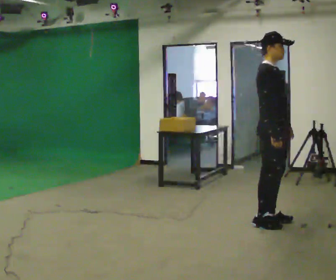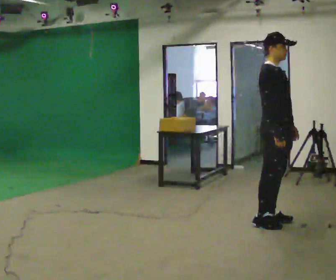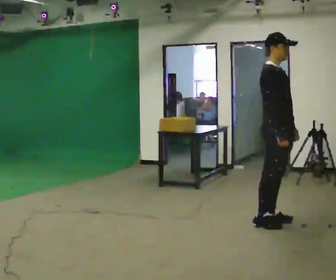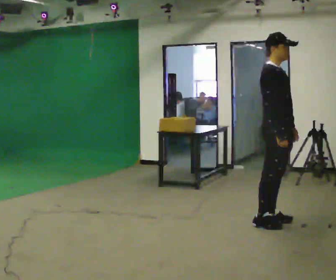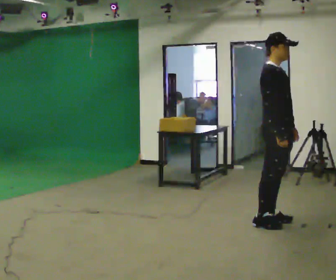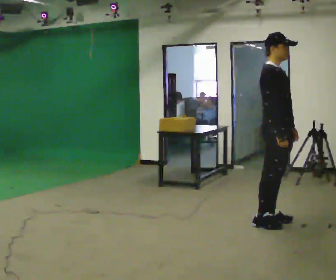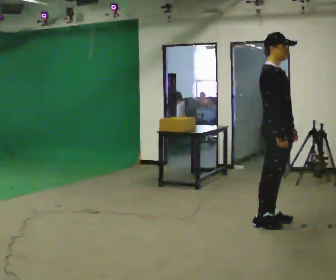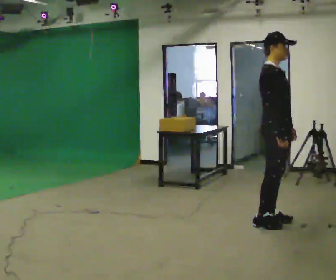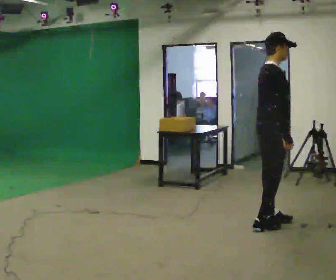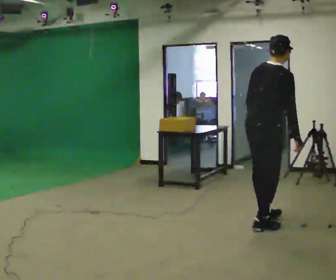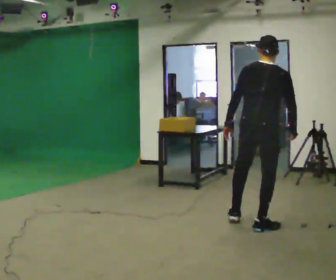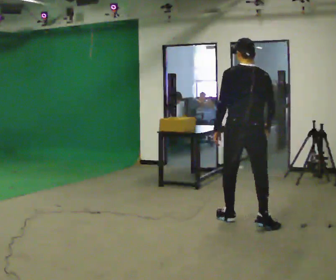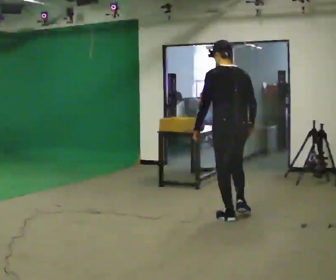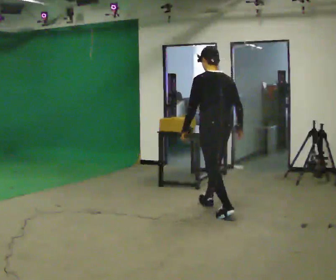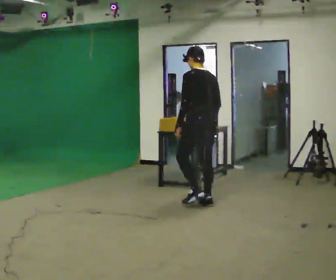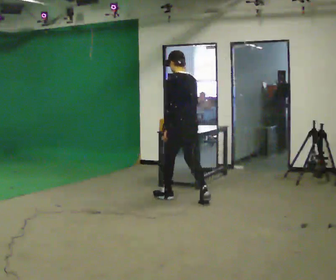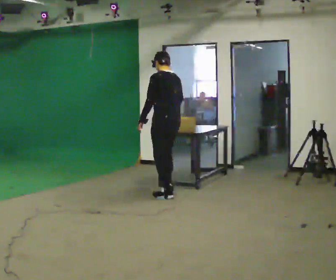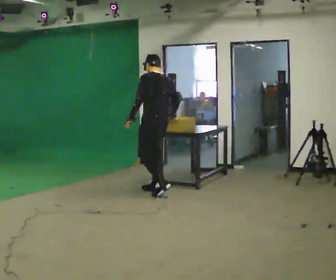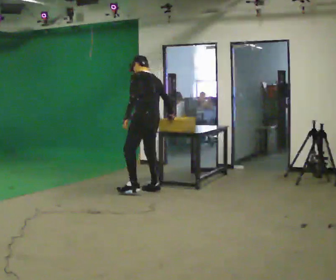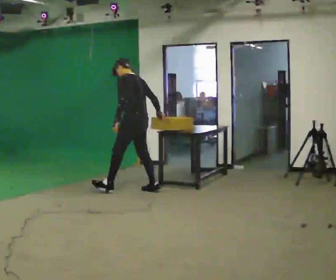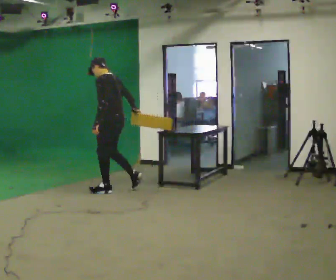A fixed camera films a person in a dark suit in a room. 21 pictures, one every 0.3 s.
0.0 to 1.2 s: The person moves a little, or ends about where they began.
1.2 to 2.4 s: The person turns about 30 degrees to their left, counterclockwise seen from above, so the part of the body nearest the lens slides to the right.
2.4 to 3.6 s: Seen from above the body turns counterclockwise, about 105 degrees: to their left, with its near side sliding to the right. In the picture they go to the left and away from the camera, about 0.5 m in 1 step.
3.6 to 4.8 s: The person turns about 30 degrees to their left, counterclockwise seen from above, so the part of the body nearest the lens slides to the right. In the picture they go away from the camera and to the left, about 1 m in 2 steps, which for them is forward.
4.8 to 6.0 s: The person turns about 30 degrees to their left, counterclockwise seen from above, so the part of the body nearest the lens slides to the right. In the picture they go to the left, about 0.5 m in 2 steps, which for them is forward.
The film runs forward here.
